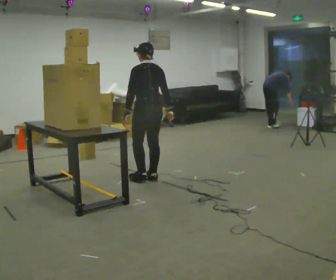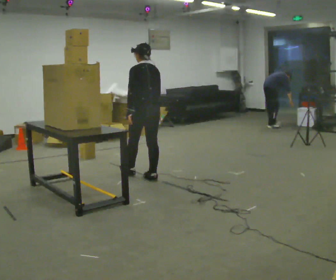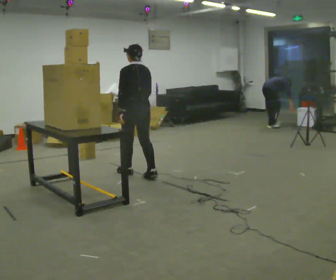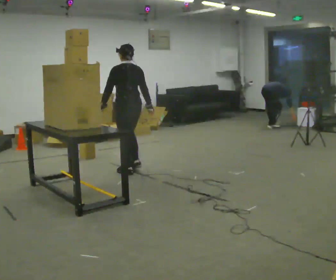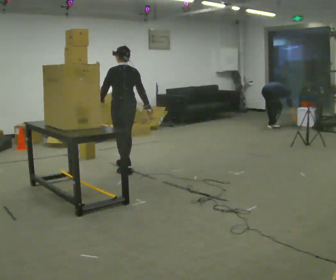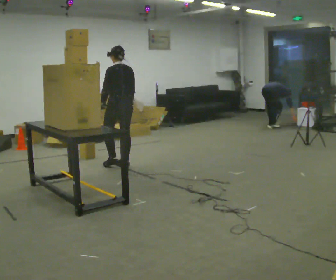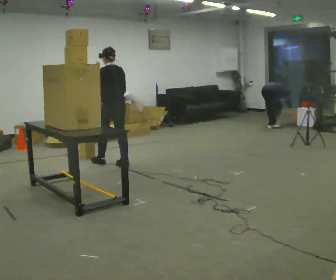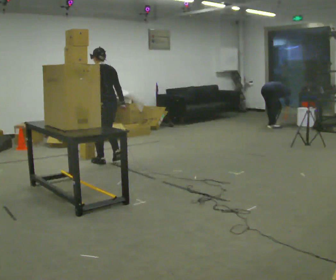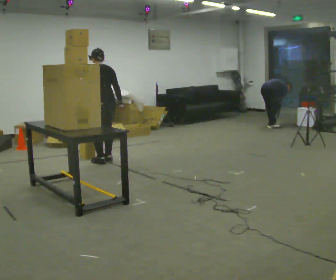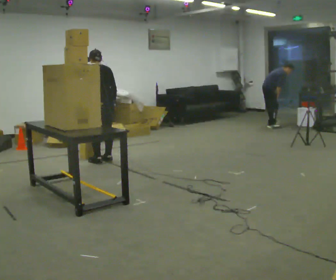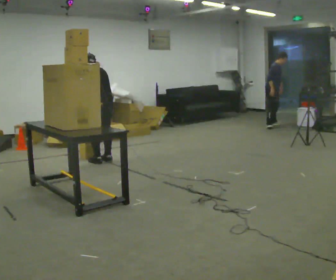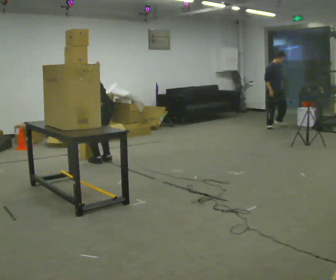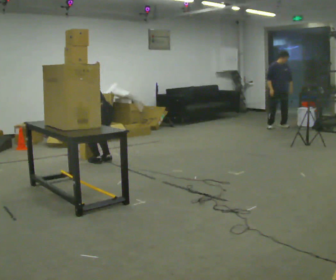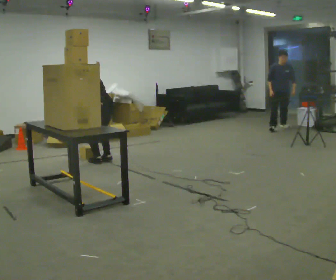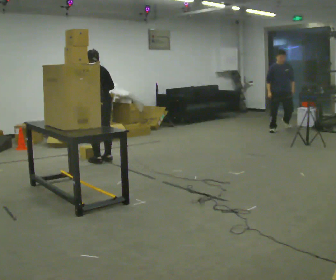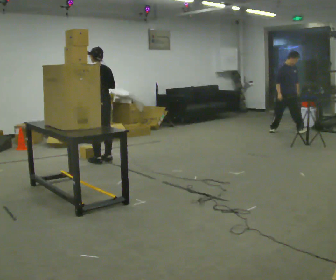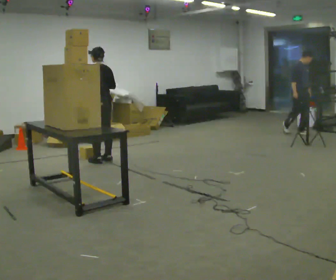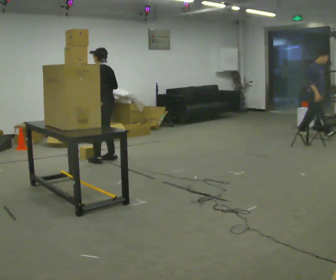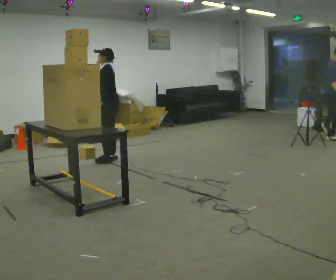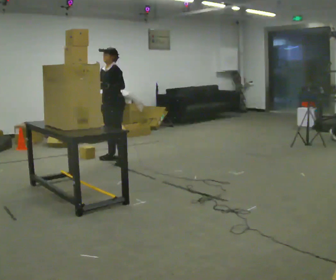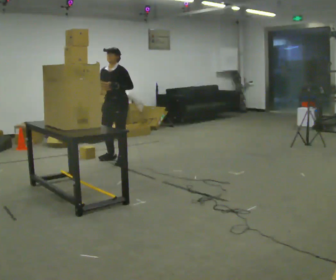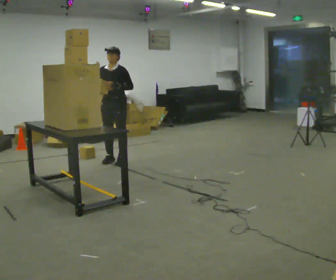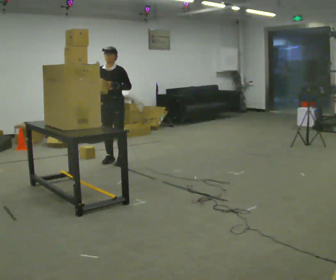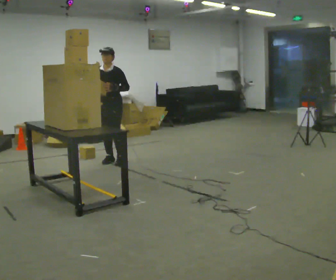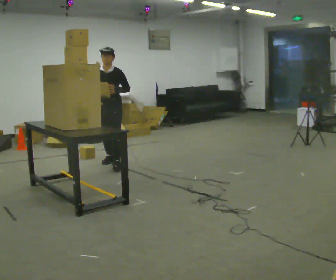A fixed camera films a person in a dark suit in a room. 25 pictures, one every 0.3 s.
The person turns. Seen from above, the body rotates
counterclockwise.
The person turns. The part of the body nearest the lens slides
to the right.
0.0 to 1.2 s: In the picture they go away from the camera and to the left, about 0.5 m in 2 steps, which for them is forward.
1.2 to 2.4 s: In the picture they go away from the camera and to the left, about 0.5 m in 2 steps, which for them is forward.
2.4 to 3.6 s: The shoulders move downward. The upper body tips away from the camera, its near side rolling upward, as they bend forward. In the picture their right hand goes downward and to the left.
3.6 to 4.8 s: The upper body goes upward. The upper body tips toward the camera, its near side rolling downward, as they lean back or straighten. In the picture their right hand goes upward.
4.8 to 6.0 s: The part of the body nearest the lens slides to the right as the person turns to their left by about 105 degrees. In the picture they go to the right, about 0.25 m in 1 step. In the picture their left hand goes to the right.
6.0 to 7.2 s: The part of the body nearest the lens slides to the right as the person turns to their left by about 30 degrees. In the picture they go toward the camera, about 0.25 m in 1 step, which for them is forward.
The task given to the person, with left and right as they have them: Take an object down from the highest shelf you can comfortably reach, carry it across the room, and set it on the floor. Keep going until the operator says stop; one object at a time, and do not rush between trips.
The film runs forward here.
